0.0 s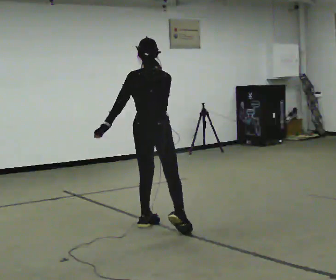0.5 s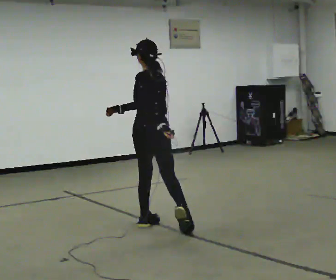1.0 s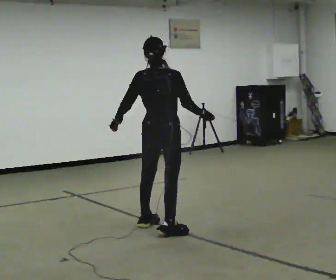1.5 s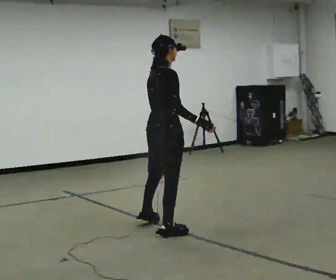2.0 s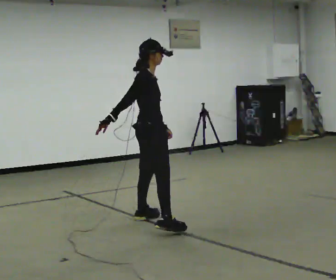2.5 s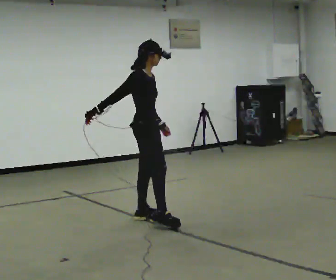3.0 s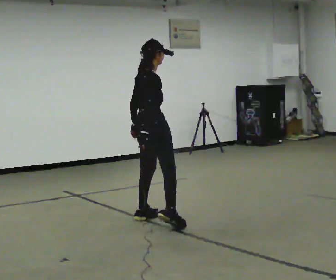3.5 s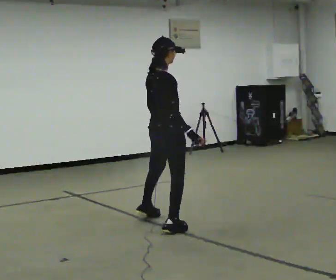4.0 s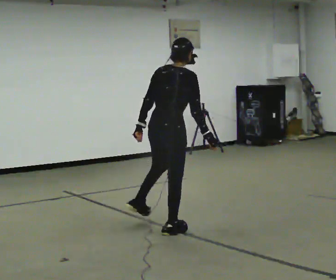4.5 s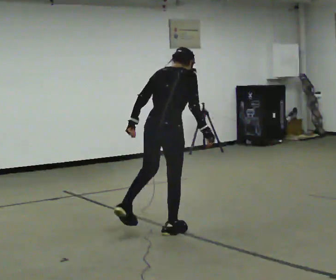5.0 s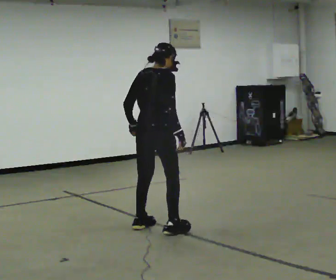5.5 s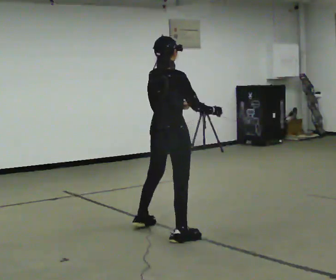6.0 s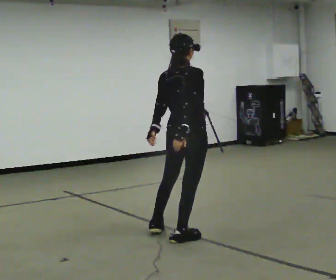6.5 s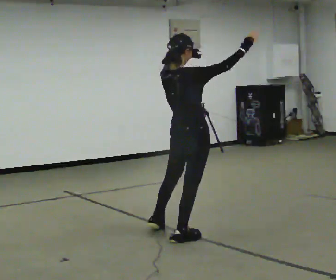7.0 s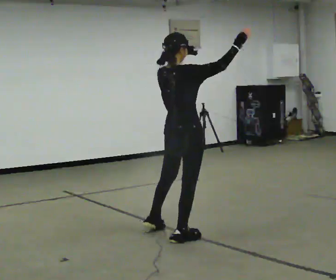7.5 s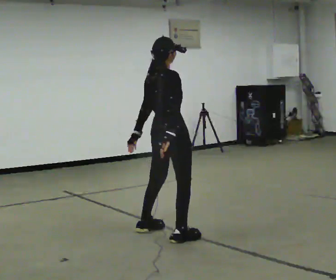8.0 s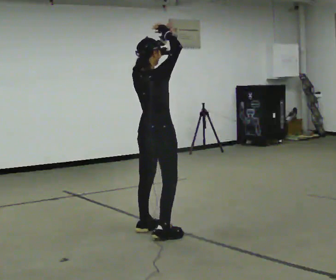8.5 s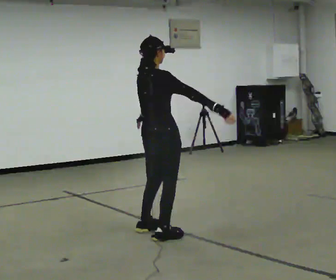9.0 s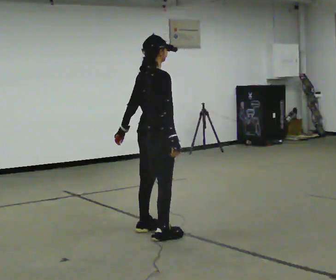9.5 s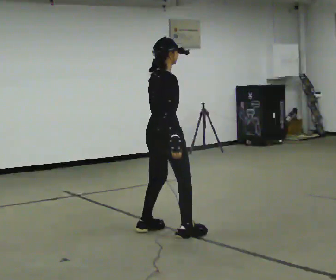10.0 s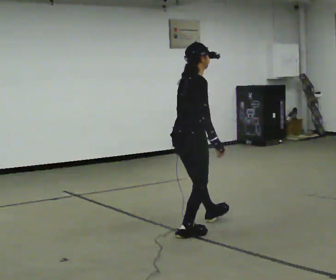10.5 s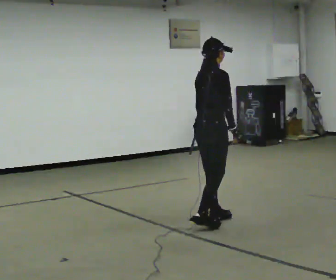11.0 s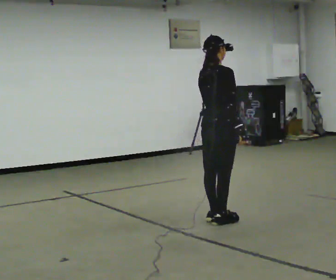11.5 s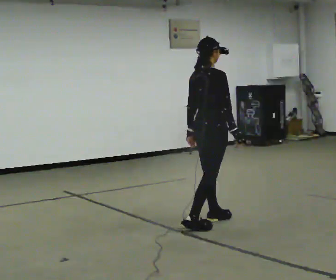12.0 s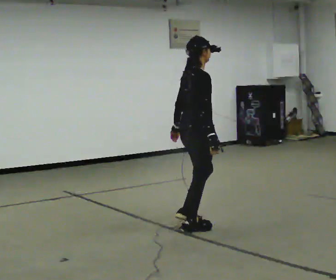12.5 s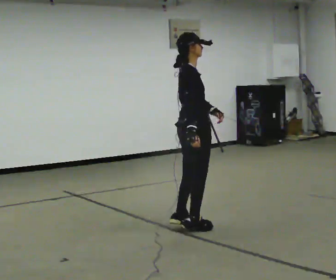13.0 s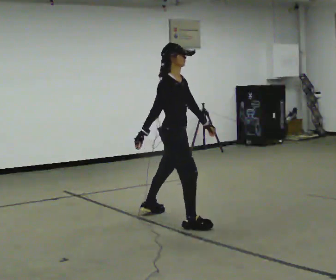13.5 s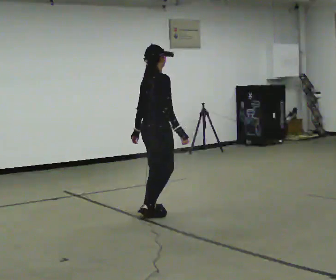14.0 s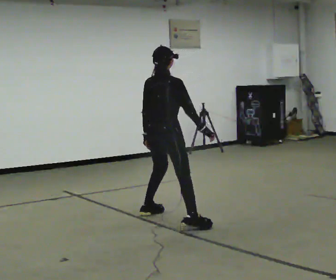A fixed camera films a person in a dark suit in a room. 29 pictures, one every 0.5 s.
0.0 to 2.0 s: The person turns about 60 degrees to their right, clockwise seen from above, so the part of the body nearest the lens slides to the left. In the picture their right hand goes to the left.
2.0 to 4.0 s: The person turns about 45 degrees to their left, counterclockwise seen from above, so the part of the body nearest the lens slides to the right. In the picture they go toward the camera, about 0.25 m in 1 step, which for them is to their right.
4.0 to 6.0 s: In the picture they go toward the camera and to the right, about 0.25 m in 2 steps, which for them is to their right. In the picture the upper body tilts counterclockwise, shoulders to the left.
6.0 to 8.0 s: In the picture they go away from the camera and to the left, about 0.25 m in 1 step, which for them is to their left. In the picture their left hand goes upward.
8.0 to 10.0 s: In the picture they go to the right, about 0.25 m in 2 steps, which for them is forward and to their right. In the picture their right hand goes downward, the arm swinging clockwise.
10.0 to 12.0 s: The person moves a little, or ends about where they began.
12.0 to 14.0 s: Seen from above the body turns counterclockwise, about 30 degrees: to their left, with its near side sliding to the right. In the picture they go away from the camera and to the left, about 0.5 m in 3 steps.
The film runs backward here.
